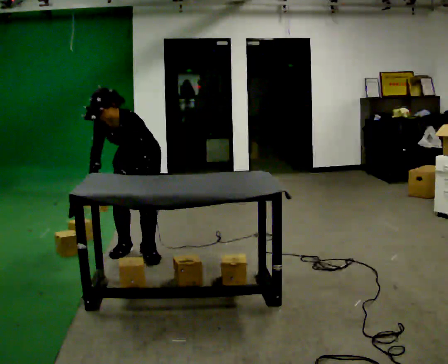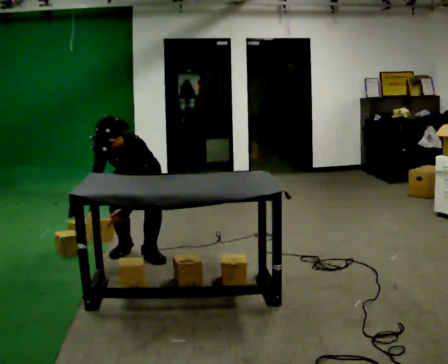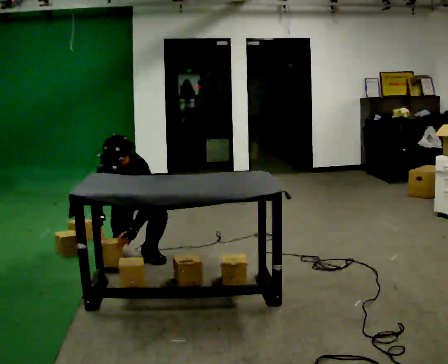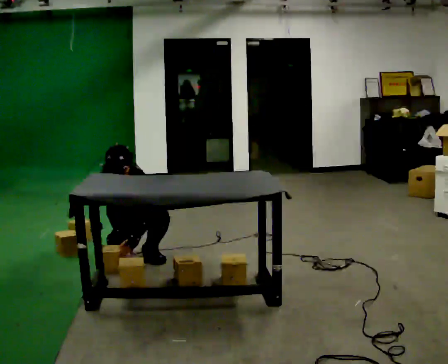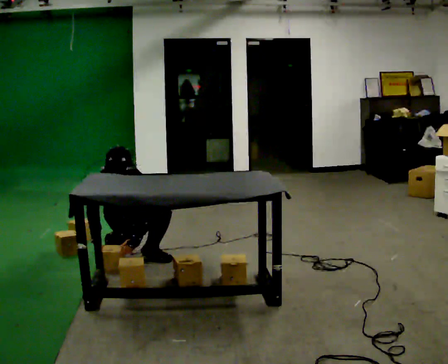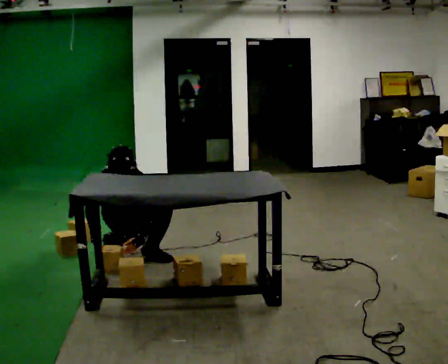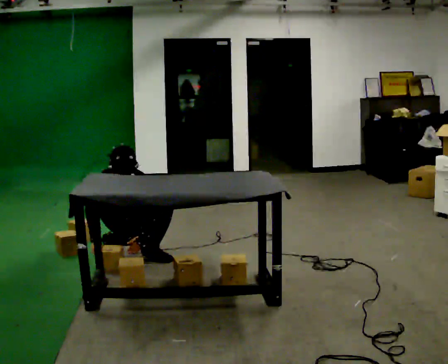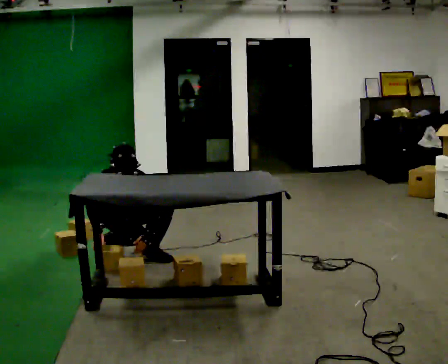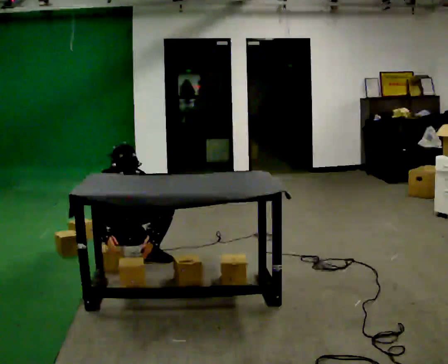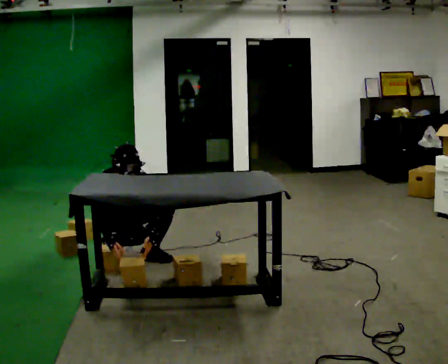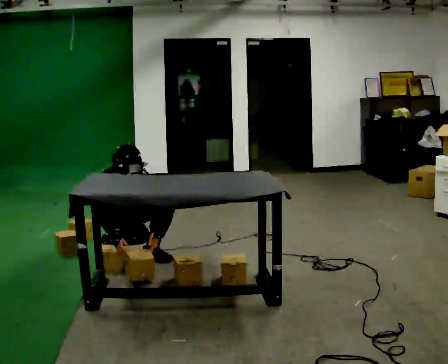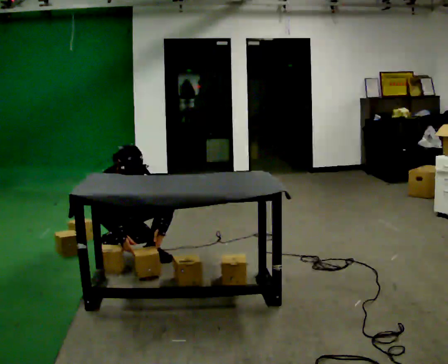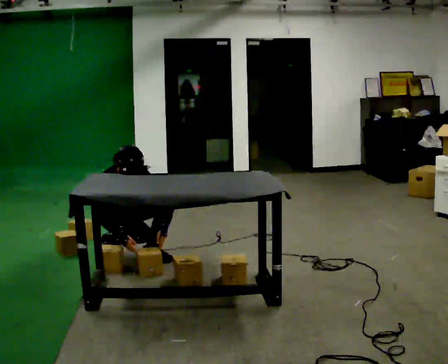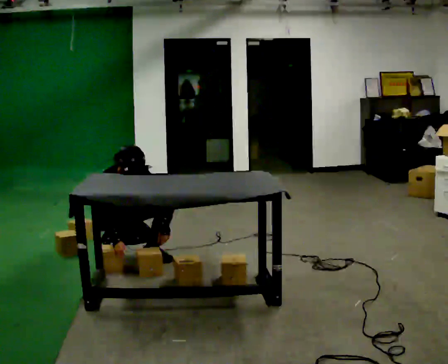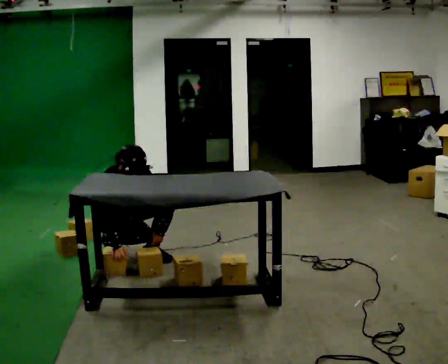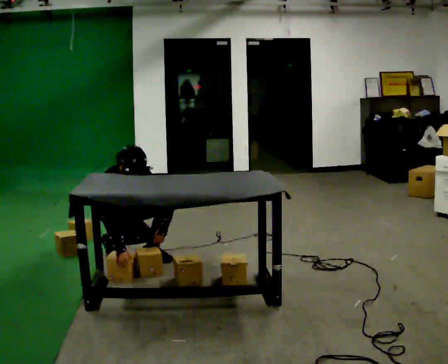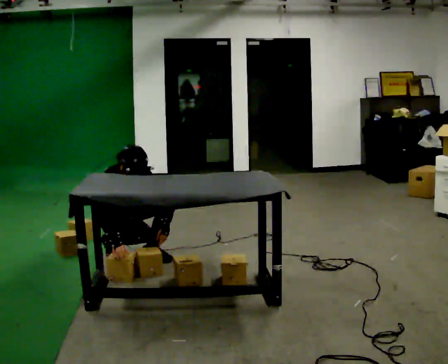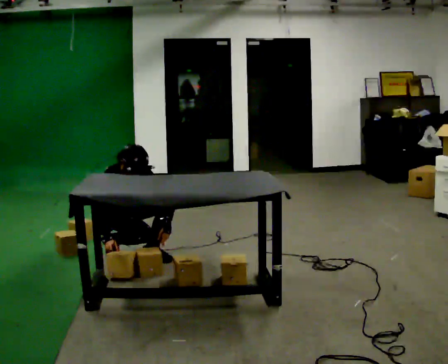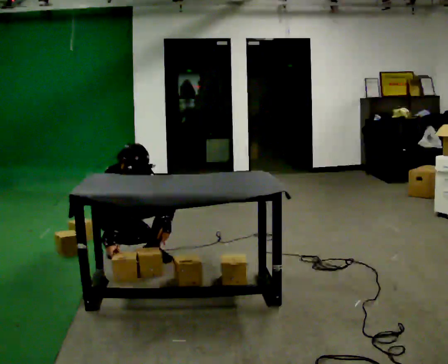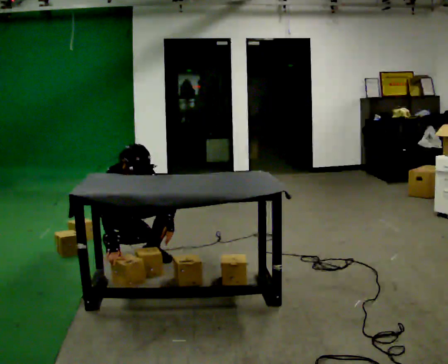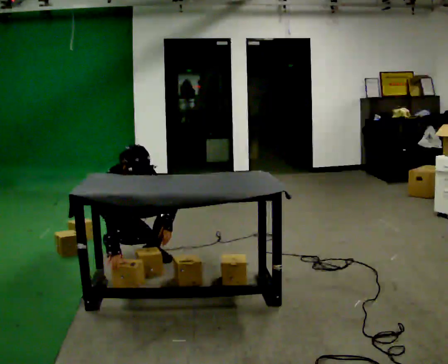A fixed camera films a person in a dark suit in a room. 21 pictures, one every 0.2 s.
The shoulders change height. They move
downward.
The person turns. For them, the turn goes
to their left.
0.0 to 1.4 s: The person turns about 60 degrees to their left, counterclockwise seen from above, so the part of the body nearest the lens slides to the right. In the picture they go to the left, about 0.25 m. The shoulders move downward. In the picture the upper body tilts clockwise, shoulders to the right. In the picture their left hand goes downward.
1.4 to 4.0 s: The person moves a little, or ends about where they began.
The film runs backward here.
